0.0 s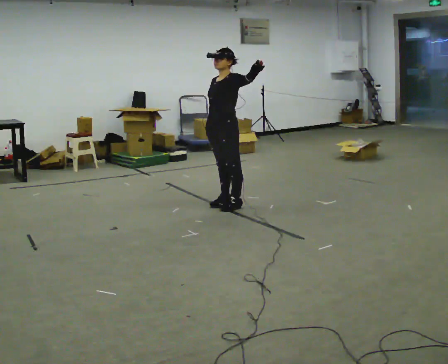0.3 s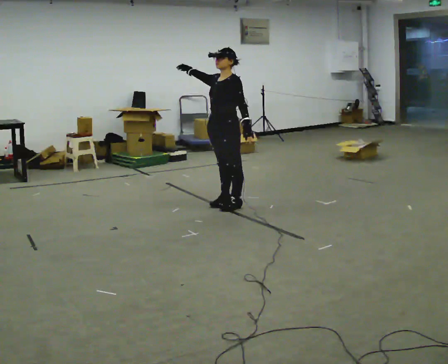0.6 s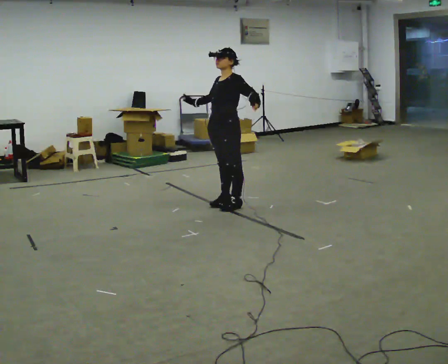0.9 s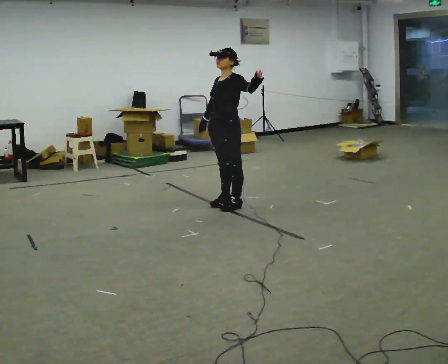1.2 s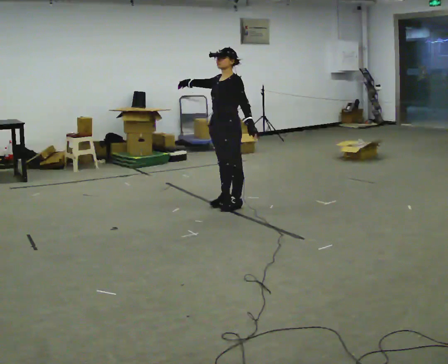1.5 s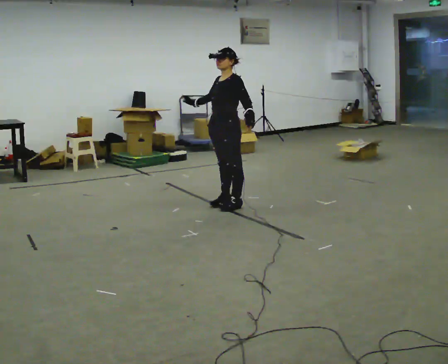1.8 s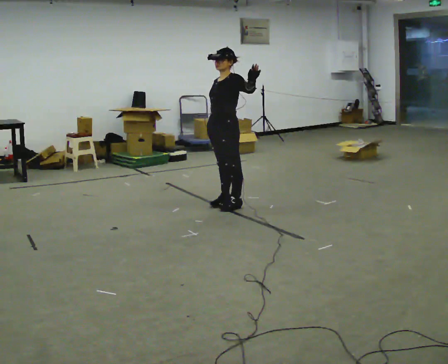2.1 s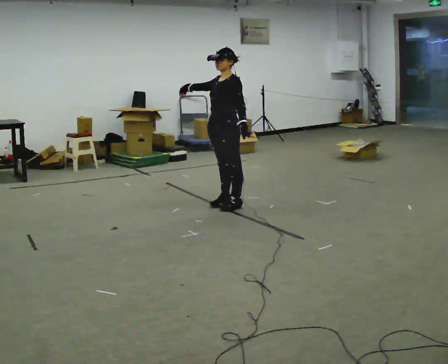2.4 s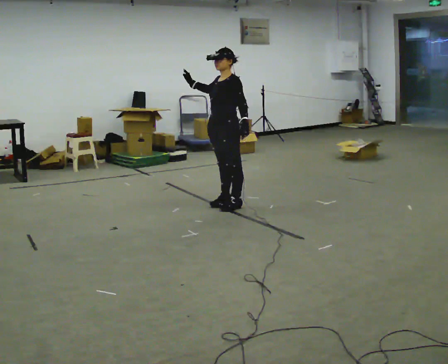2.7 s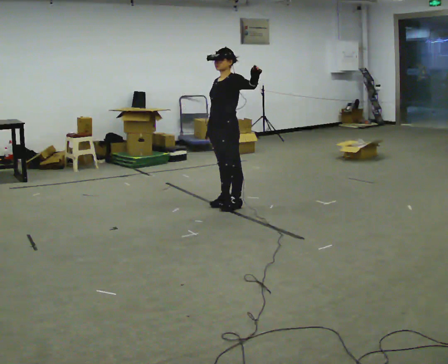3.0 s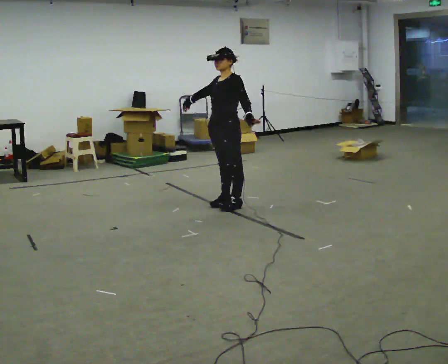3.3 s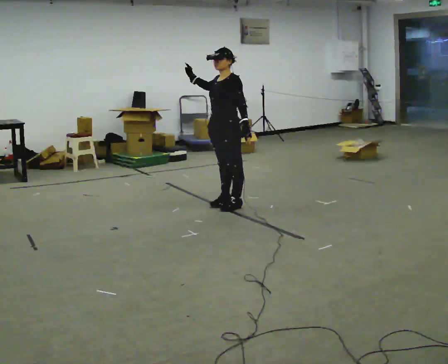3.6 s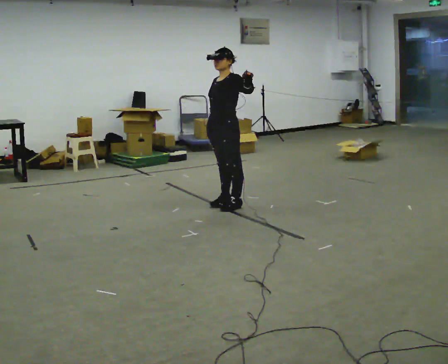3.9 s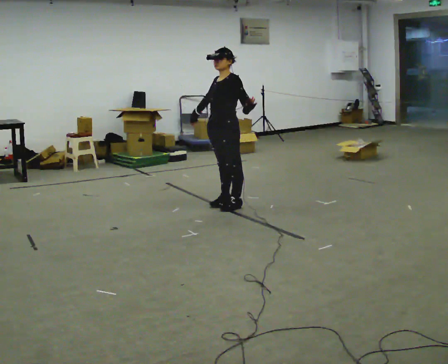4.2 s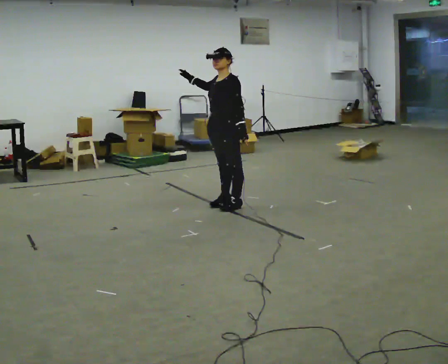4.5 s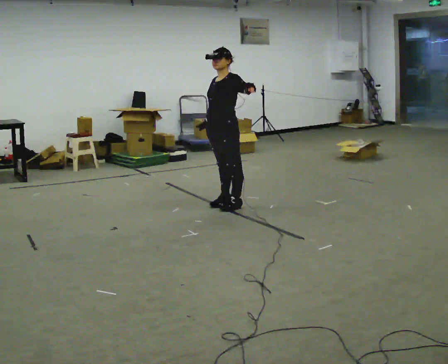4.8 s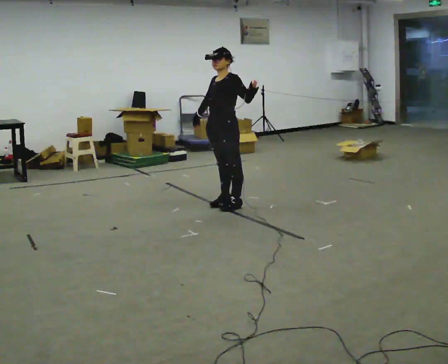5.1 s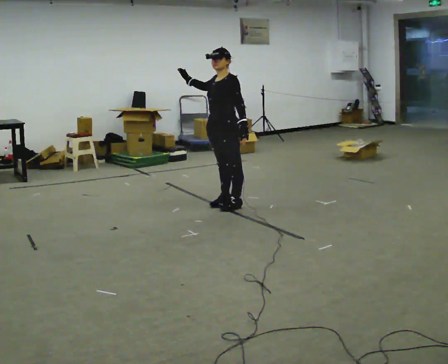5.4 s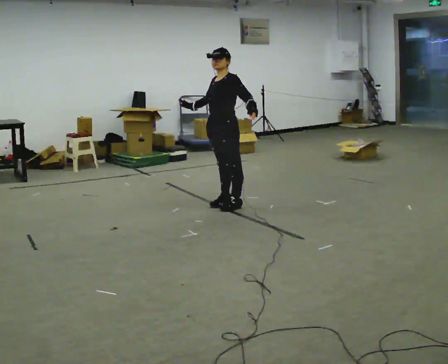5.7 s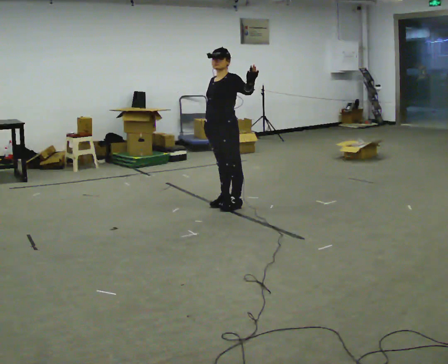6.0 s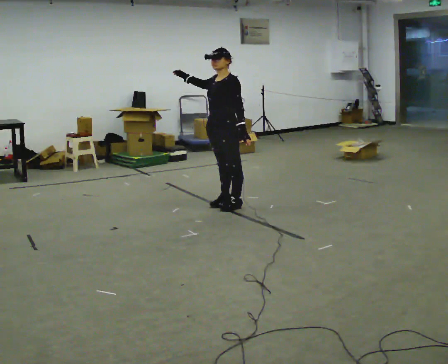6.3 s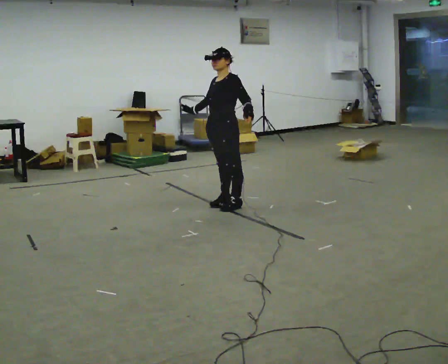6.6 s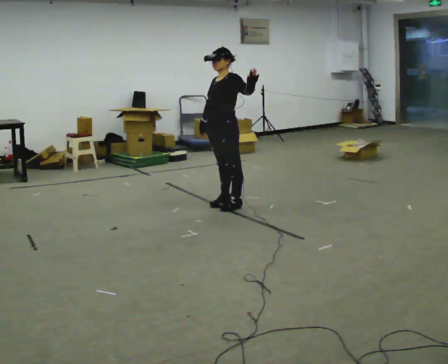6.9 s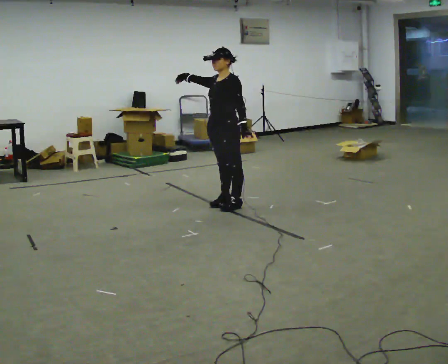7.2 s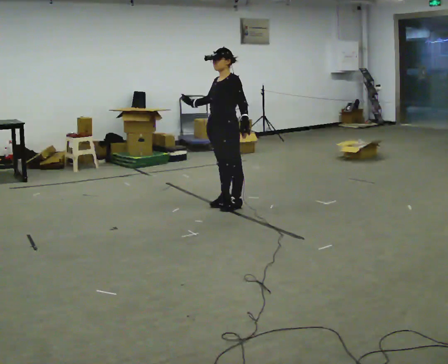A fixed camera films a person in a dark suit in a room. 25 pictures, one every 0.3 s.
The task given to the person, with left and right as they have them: Move however you like, changing style and tempo as you go; keep moving continuously.
0.0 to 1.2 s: In the picture their right hand goes upward.
1.2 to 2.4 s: The person moves a little, or ends about where they began.
2.4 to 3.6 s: In the picture their right hand goes downward.
3.6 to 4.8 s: The person moves a little, or ends about where they began.
4.8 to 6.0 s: In the picture their right hand goes upward.
6.0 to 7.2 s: The person moves a little, or ends about where they began.
The film runs forward here.
